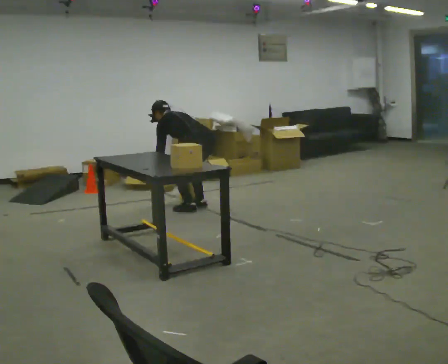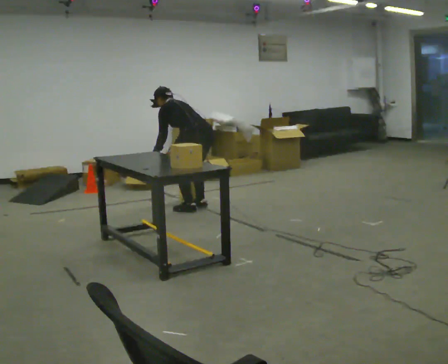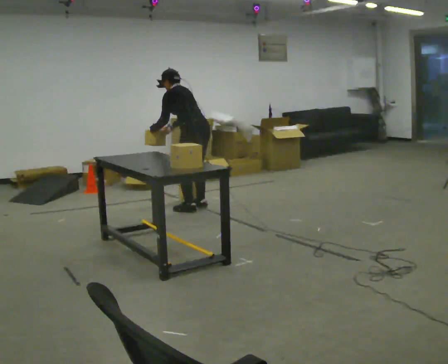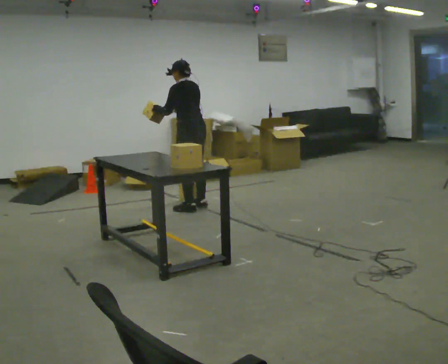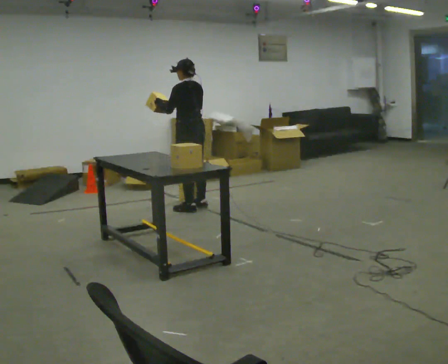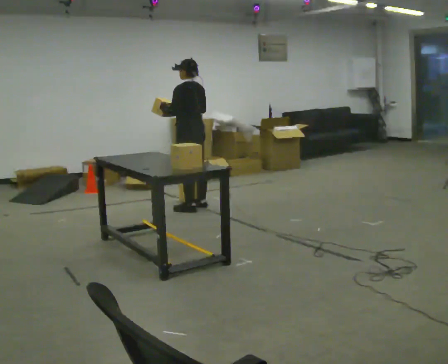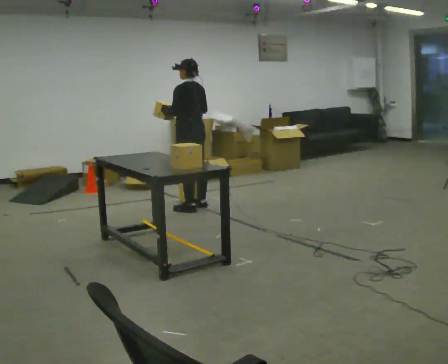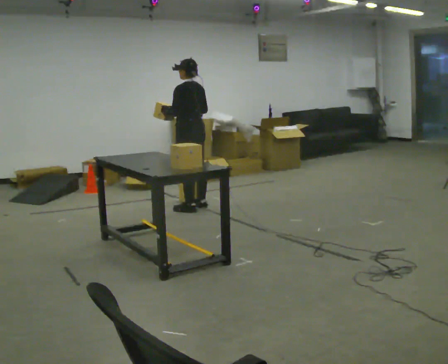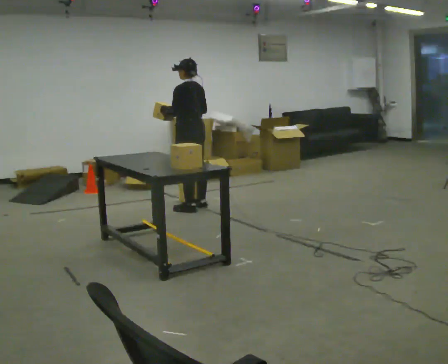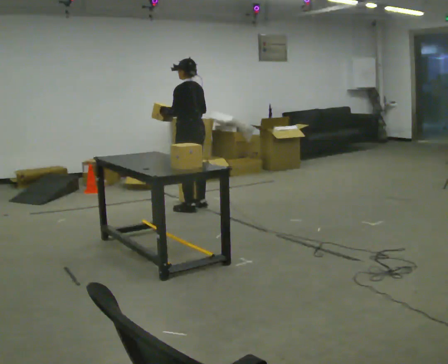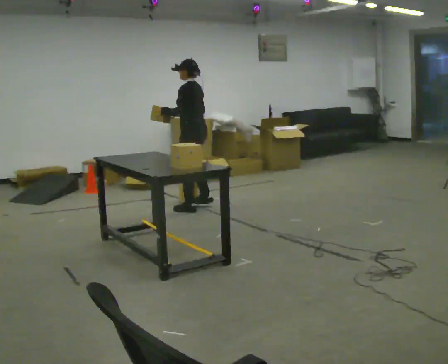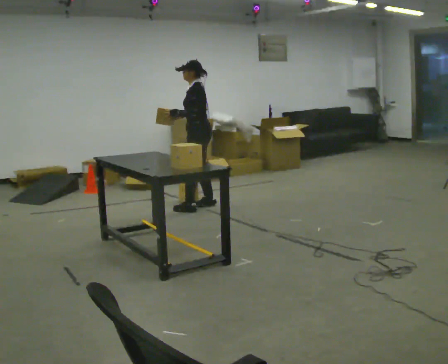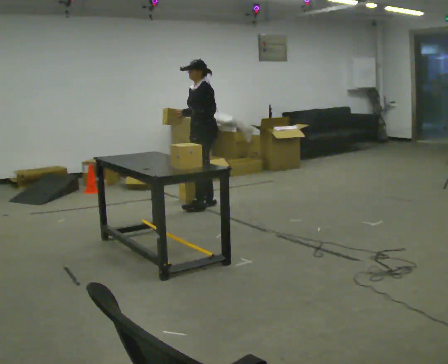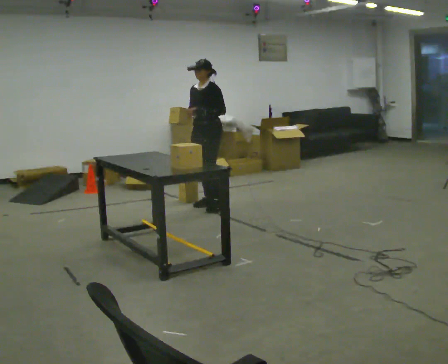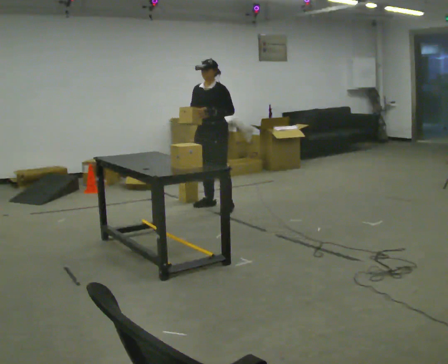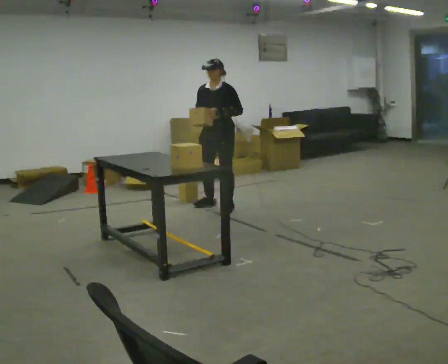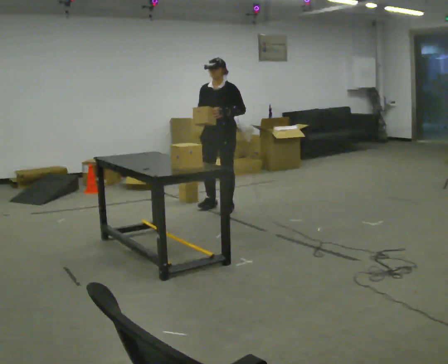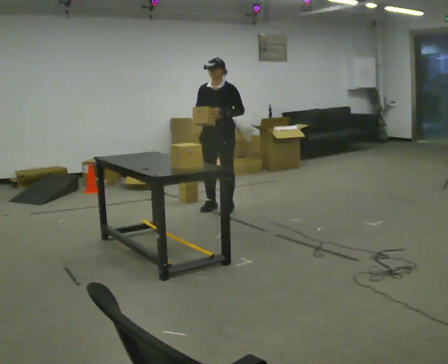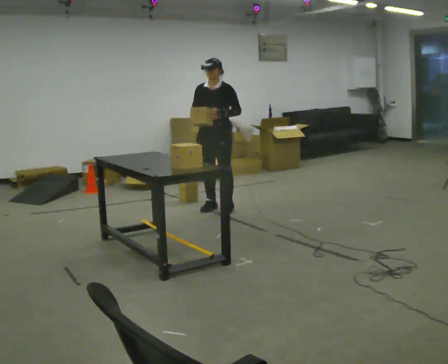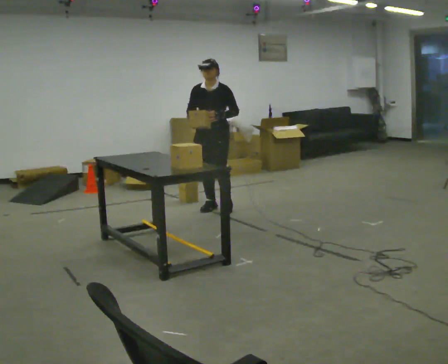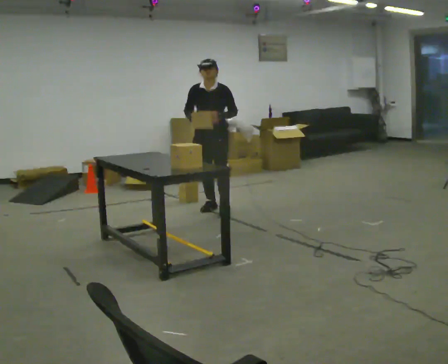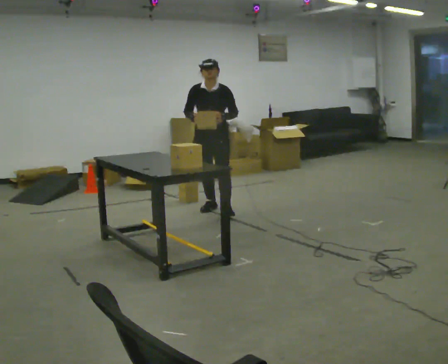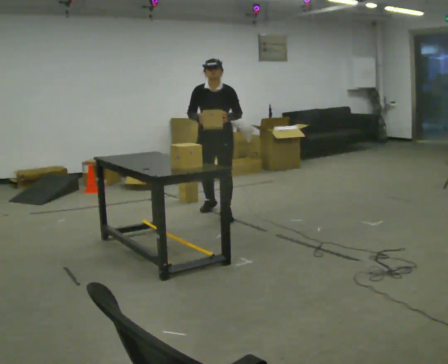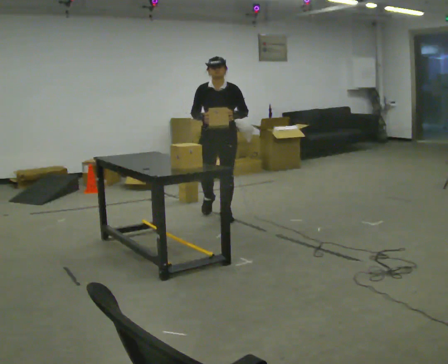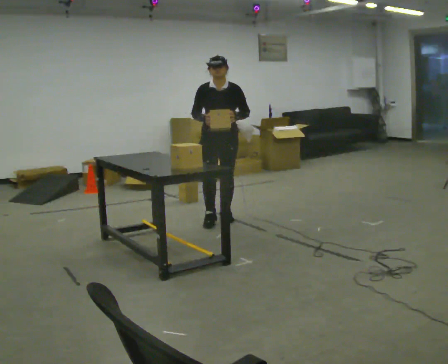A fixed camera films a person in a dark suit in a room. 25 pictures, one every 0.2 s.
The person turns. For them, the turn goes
to their left.
The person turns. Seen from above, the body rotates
counterclockwise.
0.0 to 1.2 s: The shoulders move upward. In the picture the upper body tilts clockwise, shoulders to the right, as they lean back or straighten. In the picture their right hand goes upward.
1.2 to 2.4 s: Seen from above the body turns counterclockwise, about 60 degrees: to their left, with its near side sliding to the right. In the picture they go to the right, about 0.25 m, which for them is to their right.
2.4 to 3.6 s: The person turns about 45 degrees to their left, counterclockwise seen from above, so the part of the body nearest the lens slides to the right.
3.6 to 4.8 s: In the picture they go toward the camera, about 0.5 m in 1 step, which for them is forward.
The film runs forward here.
